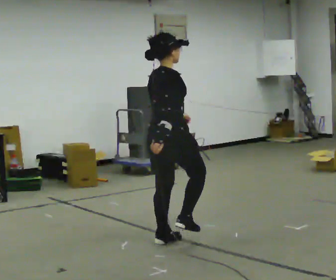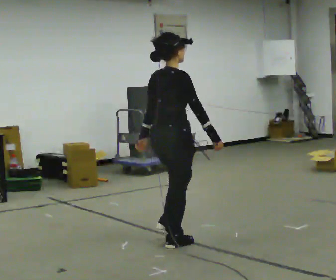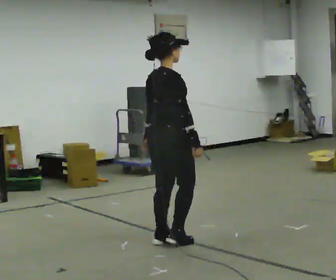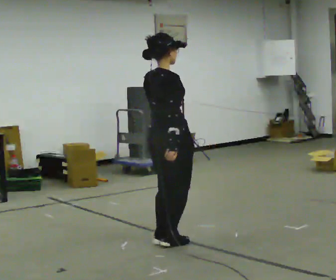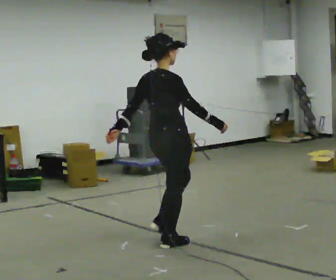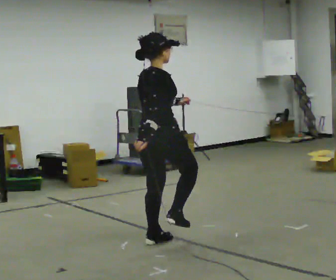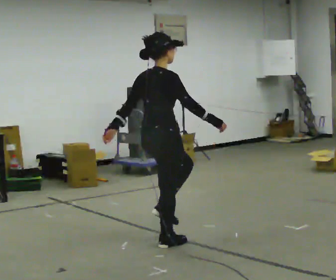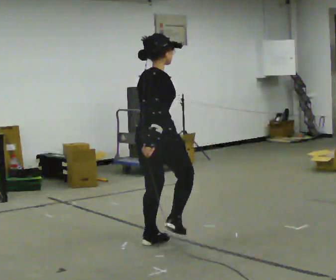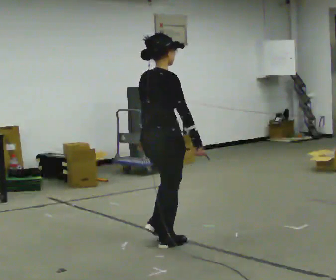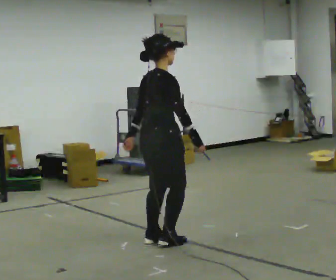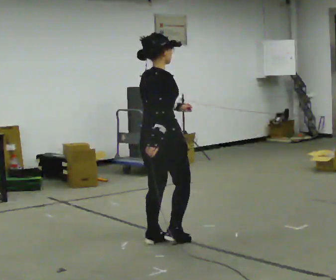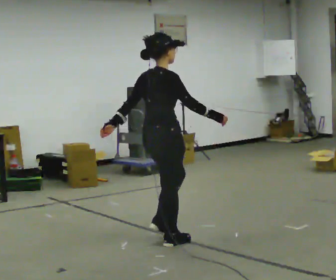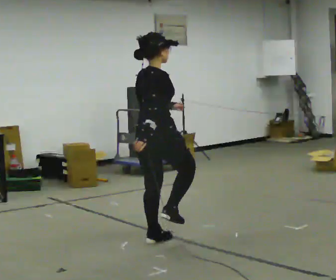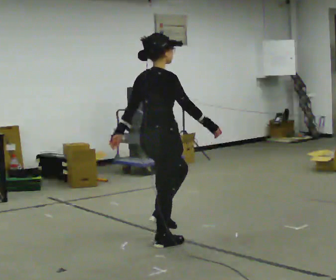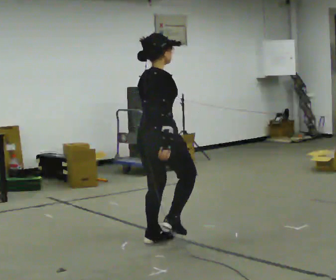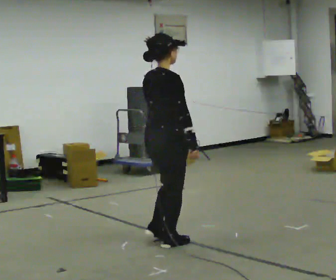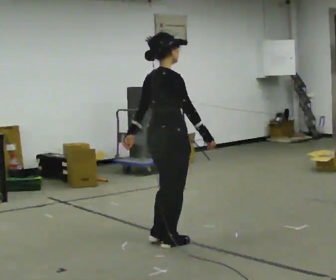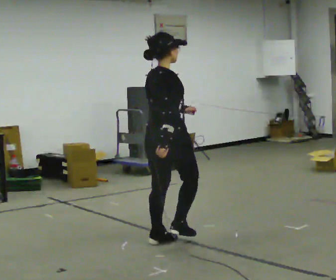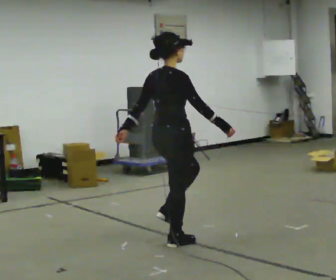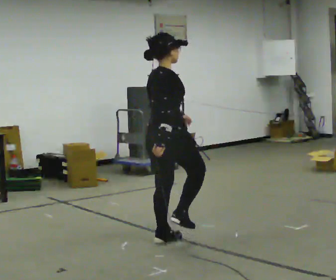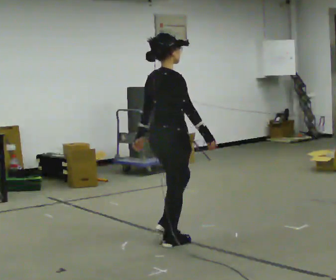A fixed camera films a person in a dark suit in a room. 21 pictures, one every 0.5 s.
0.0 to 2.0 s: In the picture their left hand goes to the left.
2.0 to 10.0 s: The person moves a little, or ends about where they began.
The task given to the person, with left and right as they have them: March in place at a comfortable rhythm without moving forward; stop.
The film runs forward here.
